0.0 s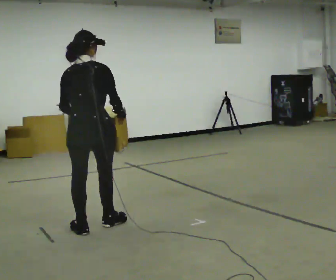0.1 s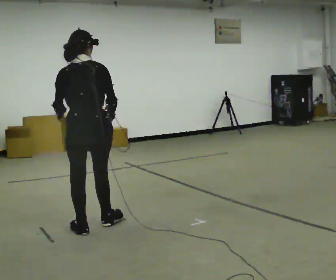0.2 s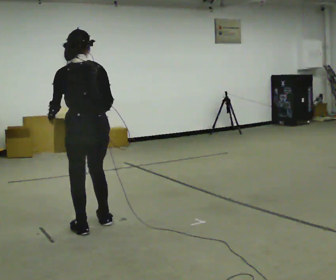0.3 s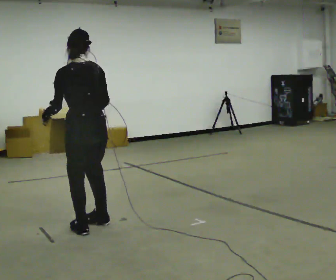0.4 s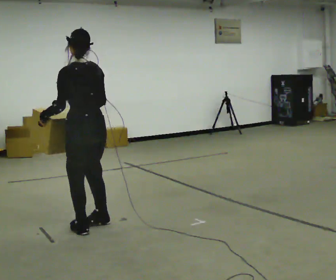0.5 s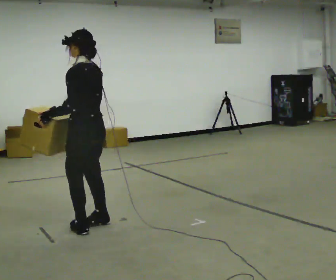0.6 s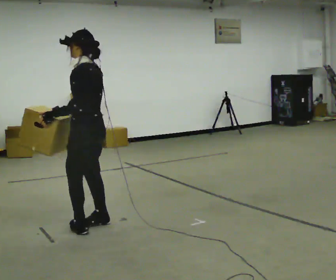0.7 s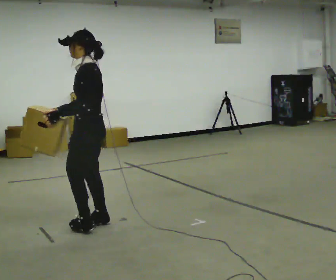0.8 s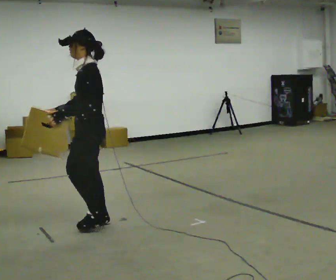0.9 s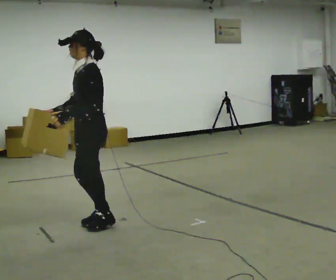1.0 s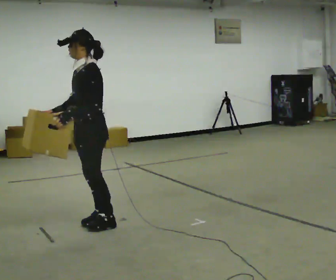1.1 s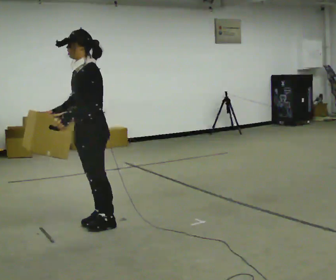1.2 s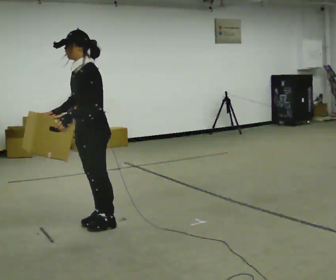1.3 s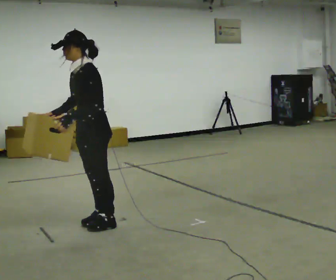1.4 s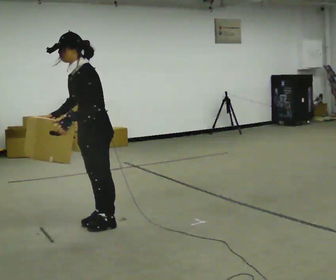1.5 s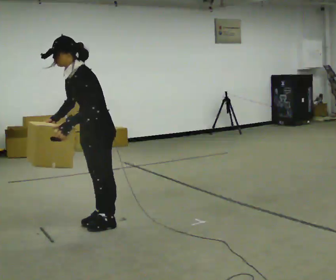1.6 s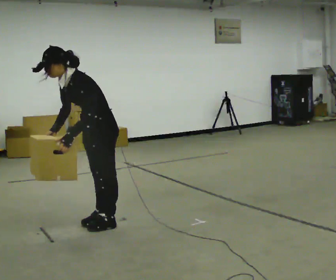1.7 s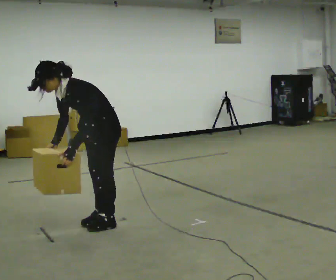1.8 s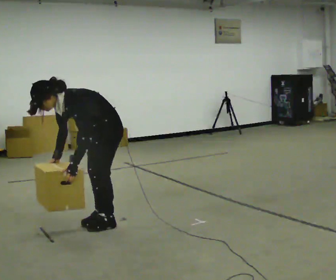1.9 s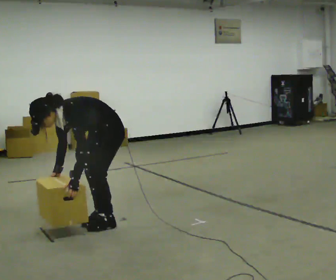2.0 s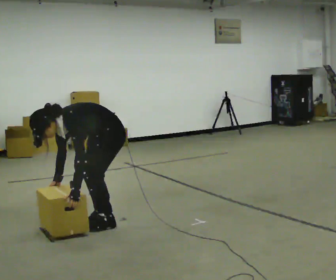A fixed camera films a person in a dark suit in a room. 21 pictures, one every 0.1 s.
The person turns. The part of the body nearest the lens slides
to the right.
Their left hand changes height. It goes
downward.
0.0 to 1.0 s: The person turns about 135 degrees to their left, counterclockwise seen from above, so the part of the body nearest the lens slides to the right. In the picture their right hand goes to the left, the arm swinging clockwise.
1.0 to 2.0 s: The upper body goes downward. In the picture the upper body tilts counterclockwise, shoulders to the left, as they bend forward. In the picture their left hand goes downward.
The film runs backward here.
